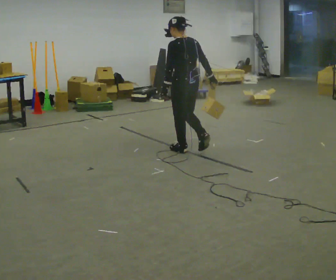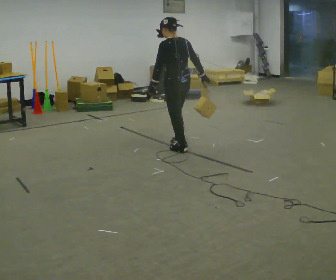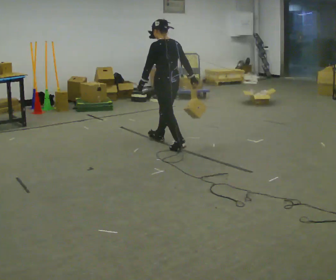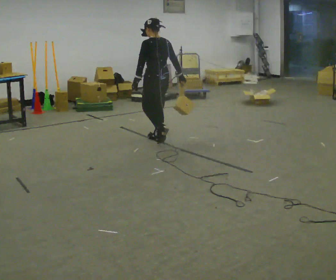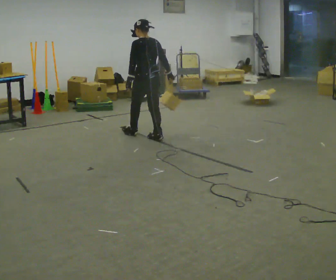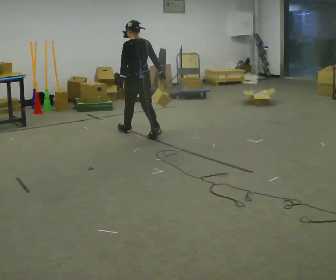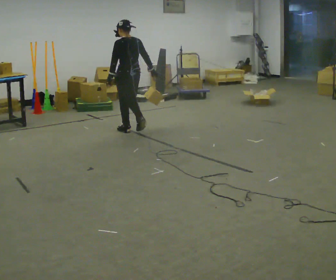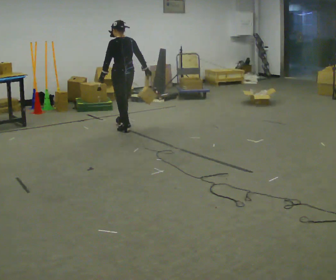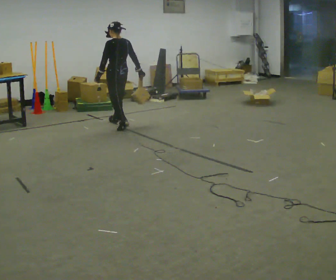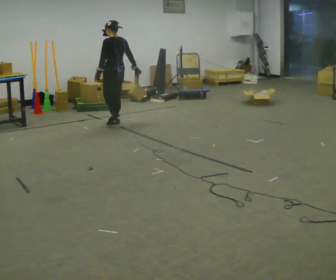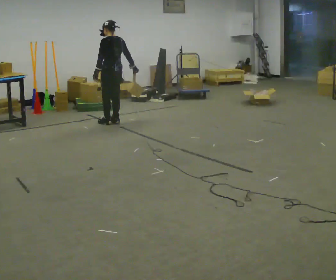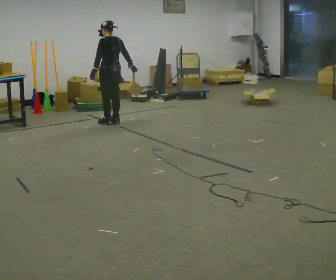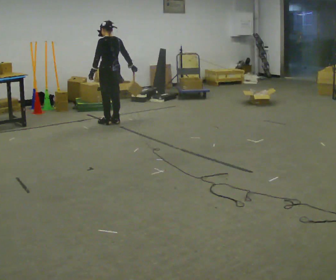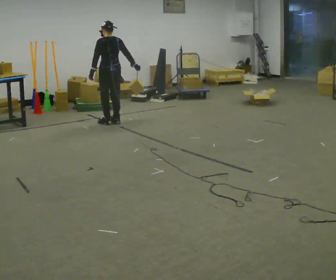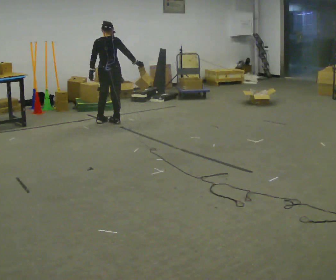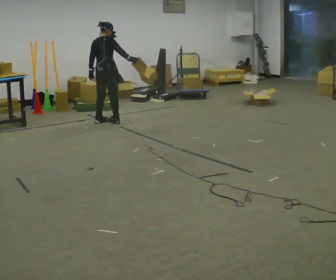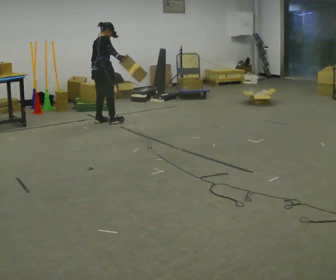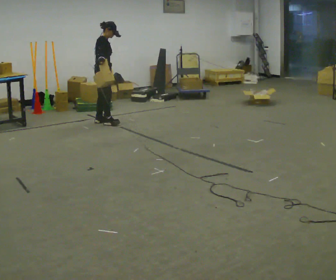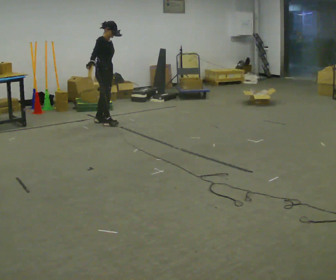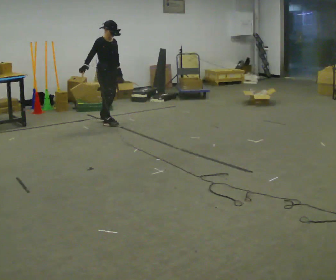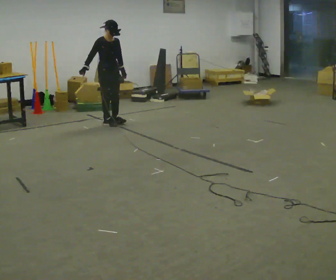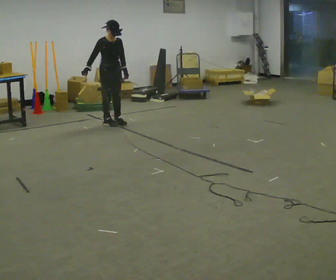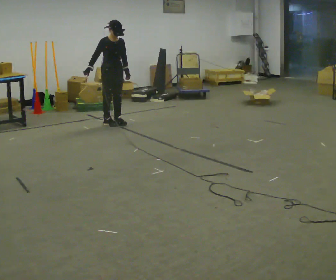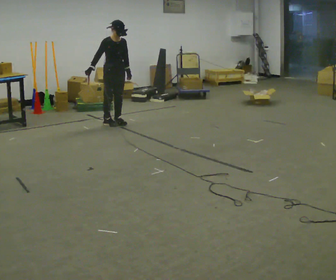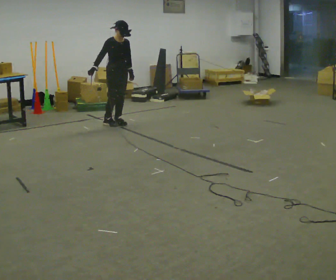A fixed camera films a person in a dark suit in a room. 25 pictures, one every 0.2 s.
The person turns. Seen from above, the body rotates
clockwise.
The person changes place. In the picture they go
away from the camera.
0.0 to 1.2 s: In the picture they go away from the camera and to the left, about 1 m in 2 steps, which for them is forward.
1.2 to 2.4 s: In the picture they go away from the camera and to the left, about 0.5 m in 2 steps, which for them is forward.
2.4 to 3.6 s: The person turns about 150 degrees to their right, clockwise seen from above, so the part of the body nearest the lens slides to the left. In the picture their right hand goes to the left.
3.6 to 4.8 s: The part of the body nearest the lens slides to the left as the person turns to their right by about 30 degrees. In the picture they go to the right, about 0.25 m in 1 step, which for them is forward.
The film runs forward here.
